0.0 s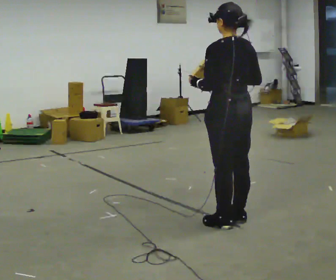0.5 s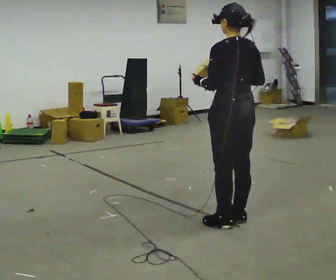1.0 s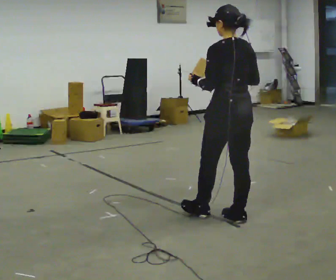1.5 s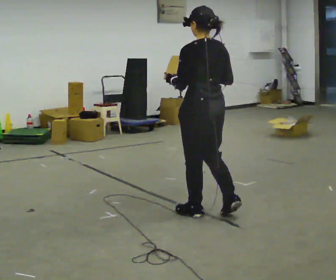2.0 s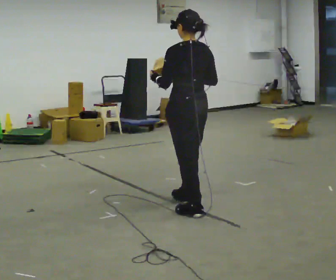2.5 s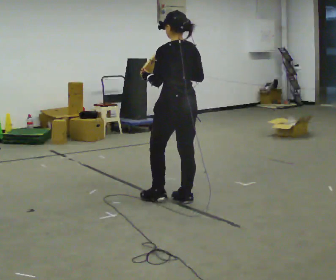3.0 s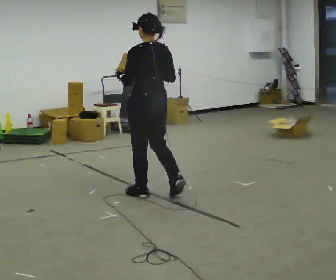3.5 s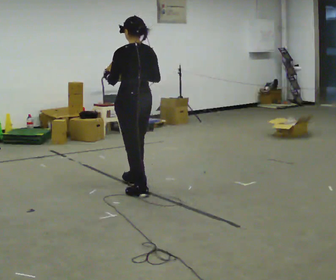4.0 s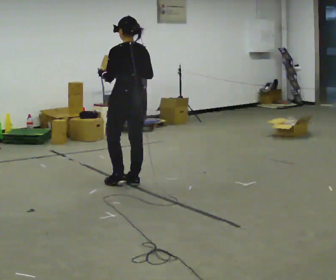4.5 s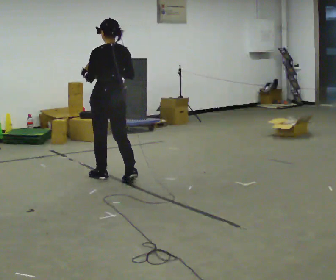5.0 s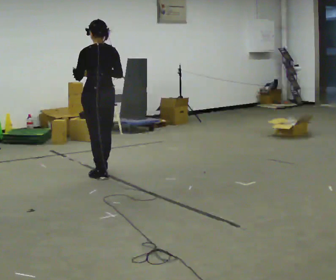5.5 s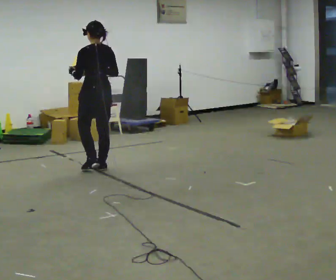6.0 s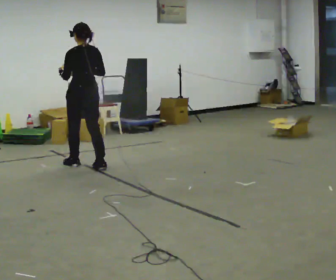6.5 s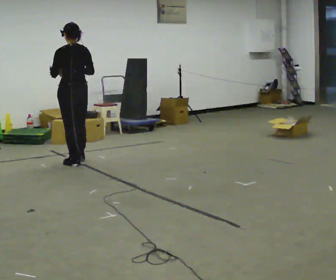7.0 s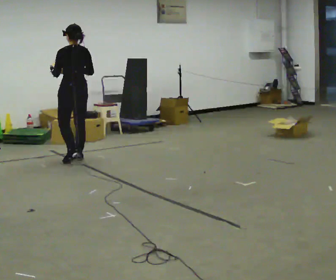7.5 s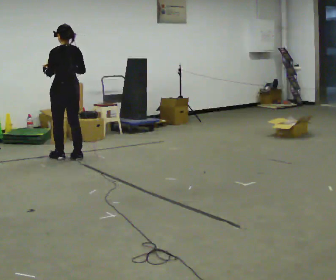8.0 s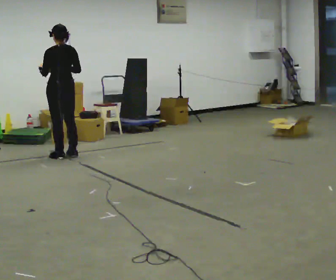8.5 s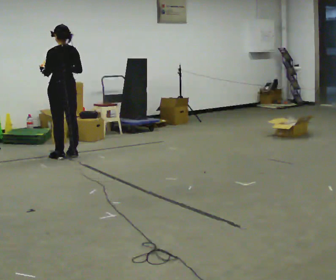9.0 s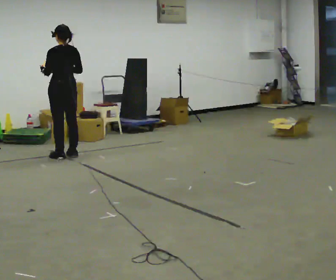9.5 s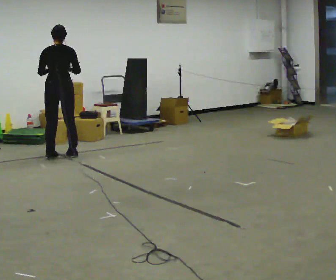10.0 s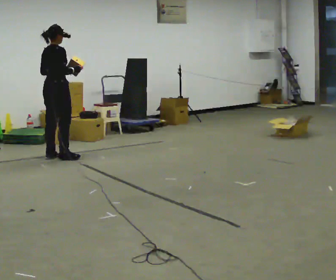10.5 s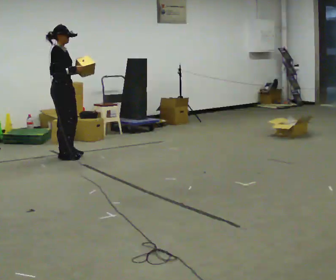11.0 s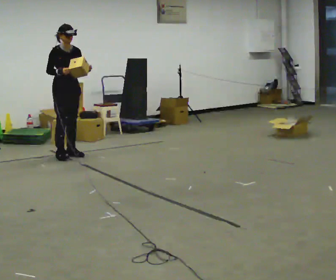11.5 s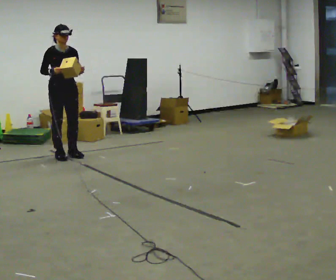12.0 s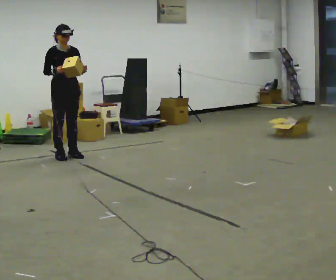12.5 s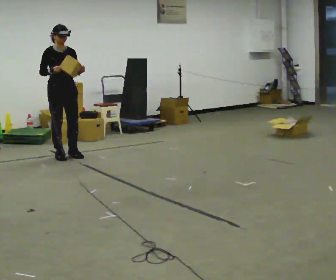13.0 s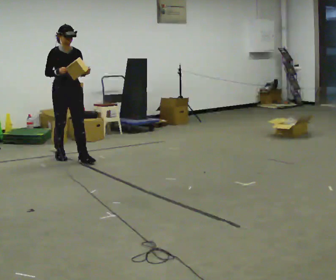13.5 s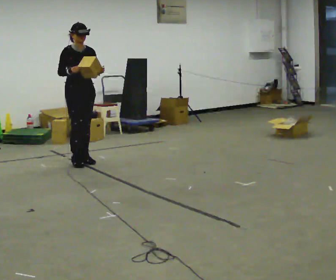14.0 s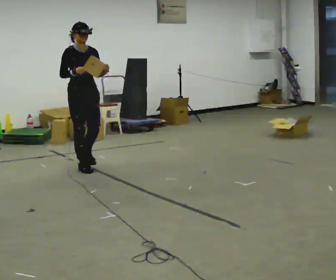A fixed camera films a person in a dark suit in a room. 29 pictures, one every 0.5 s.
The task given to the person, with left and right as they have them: Carry the object and, while walking, turn it over in your hands to look at all sides of it. Keep turning it as you walk.
0.0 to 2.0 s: In the picture they go away from the camera and to the left, about 0.5 m in 2 steps, which for them is forward.
2.0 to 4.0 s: In the picture they go away from the camera and to the left, about 1 m in 2 steps, which for them is forward.
4.0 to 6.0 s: In the picture they go away from the camera and to the left, about 1 m in 3 steps, which for them is forward.
6.0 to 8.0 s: In the picture they go away from the camera and to the left, about 0.5 m in 3 steps, which for them is forward.
8.0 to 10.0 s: The person turns about 75 degrees to their right, clockwise seen from above, so the part of the body nearest the lens slides to the left.
10.0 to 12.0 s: The person turns about 105 degrees to their right, clockwise seen from above, so the part of the body nearest the lens slides to the left. In the picture their left hand goes to the right.
12.0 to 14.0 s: In the picture they go toward the camera and to the right, about 0.5 m in 2 steps, which for them is forward.
The film runs forward here.
